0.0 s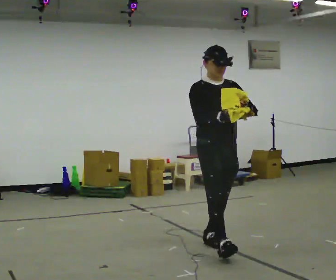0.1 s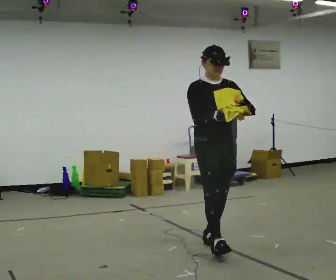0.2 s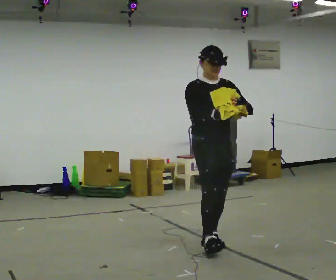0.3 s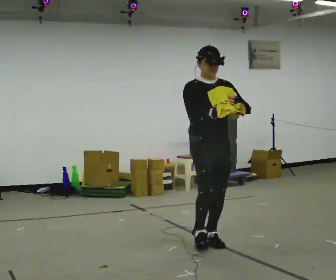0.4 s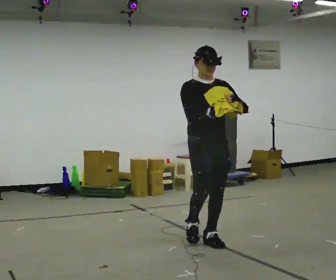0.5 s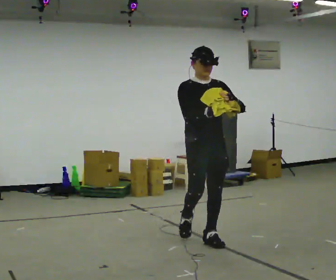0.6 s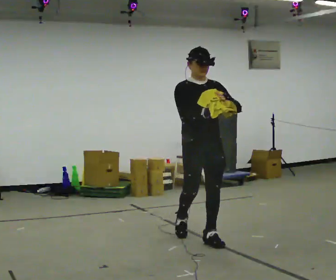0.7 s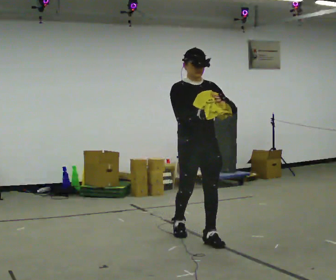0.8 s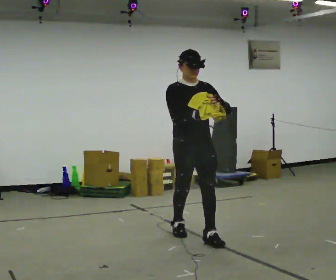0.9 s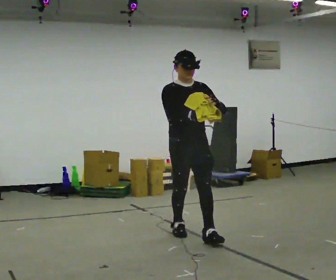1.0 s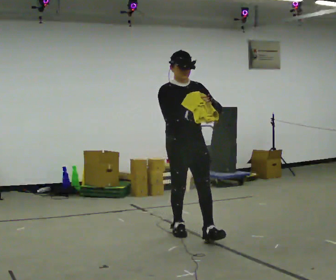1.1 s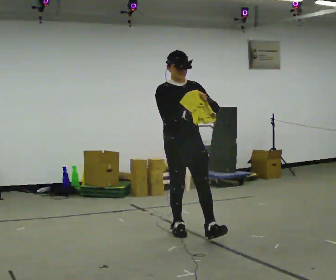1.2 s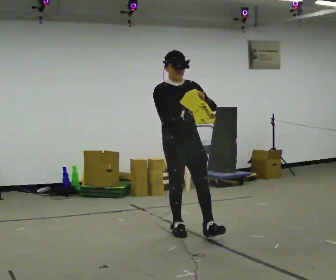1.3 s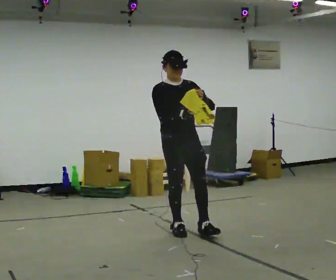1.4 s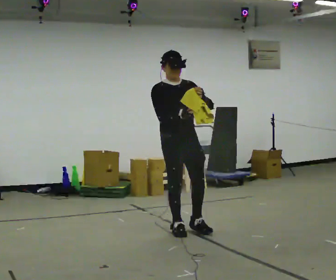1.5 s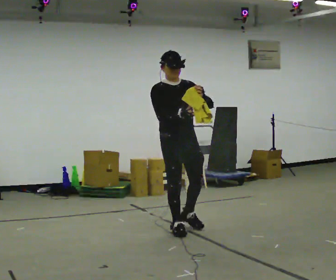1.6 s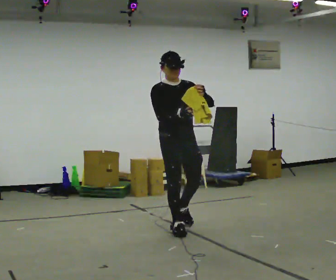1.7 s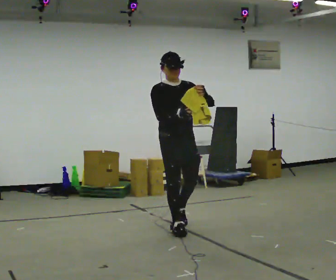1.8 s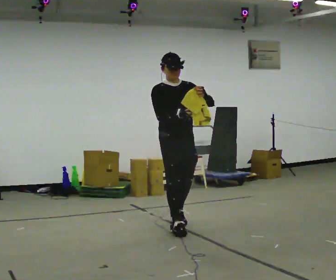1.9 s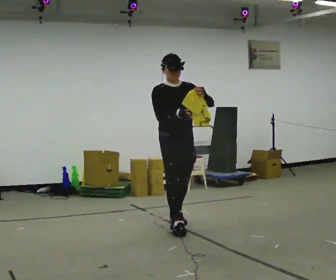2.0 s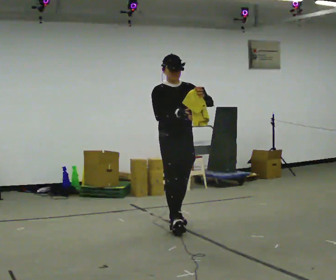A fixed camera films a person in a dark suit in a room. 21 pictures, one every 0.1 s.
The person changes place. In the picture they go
away from the camera.
0.0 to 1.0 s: In the picture they go away from the camera and to the left, about 0.5 m in 1 step, which for them is backward.
1.0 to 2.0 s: In the picture they go away from the camera, about 0.5 m in 1 step, which for them is backward.
The film runs backward here.
